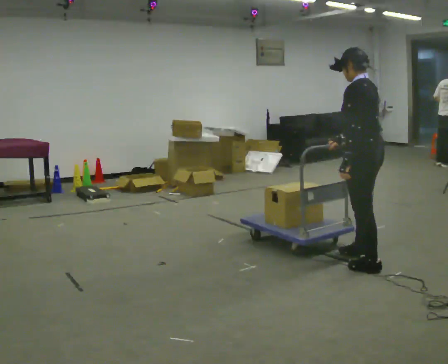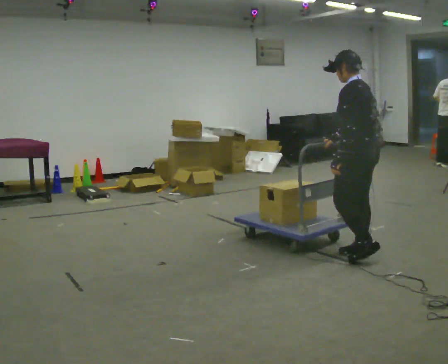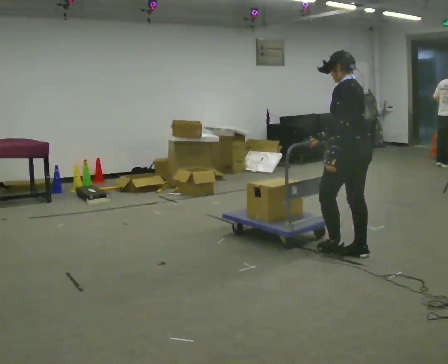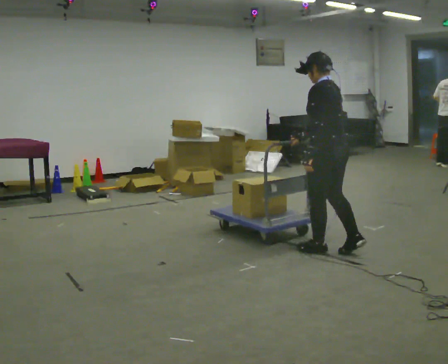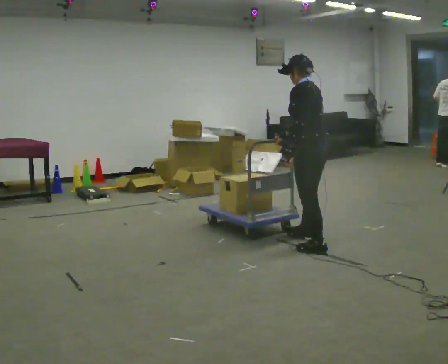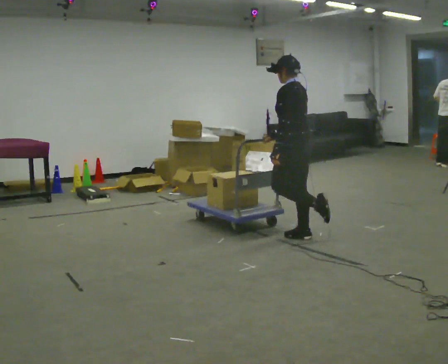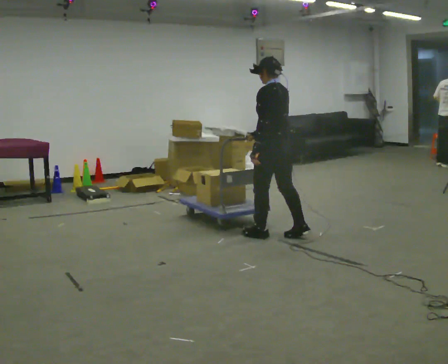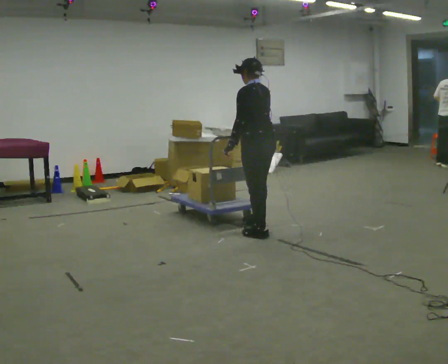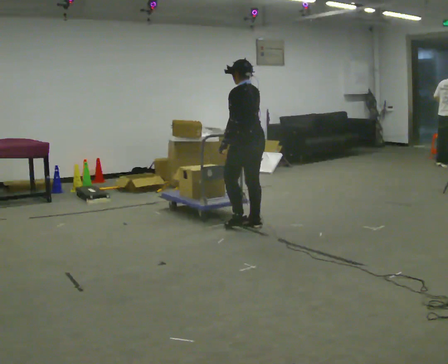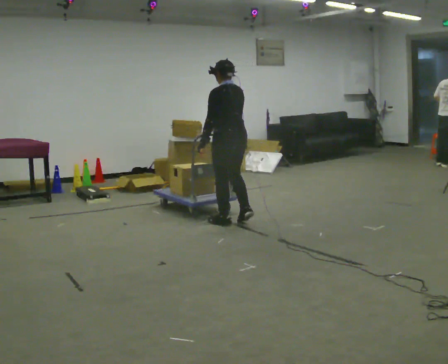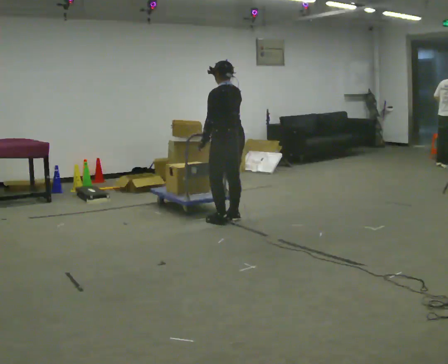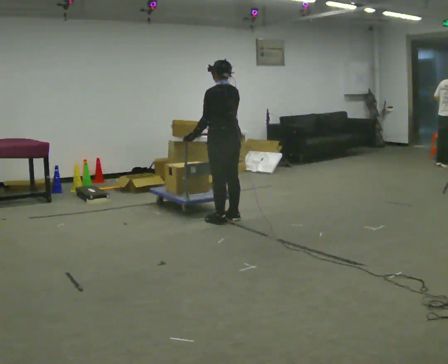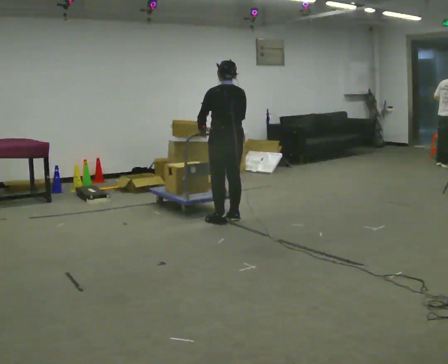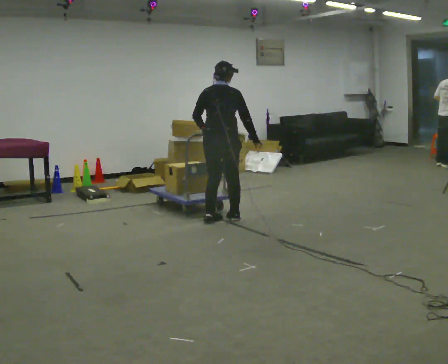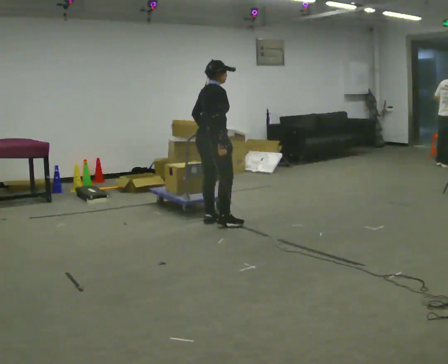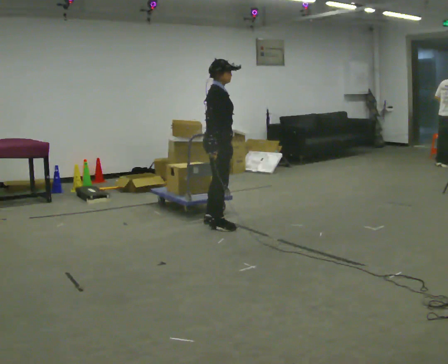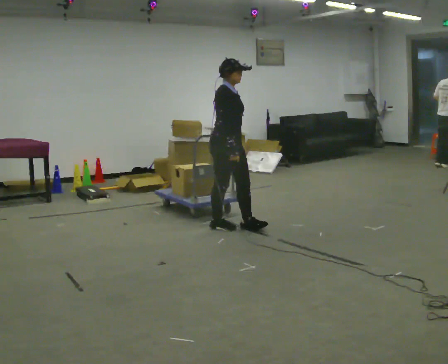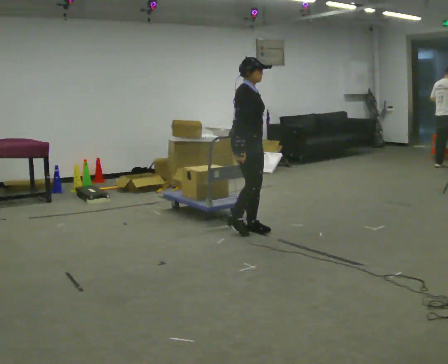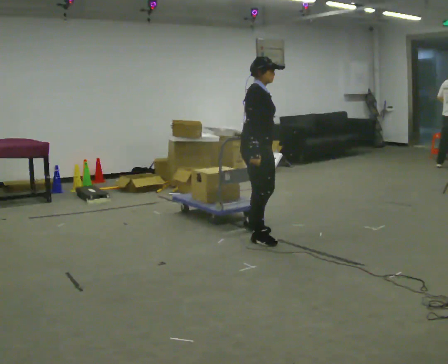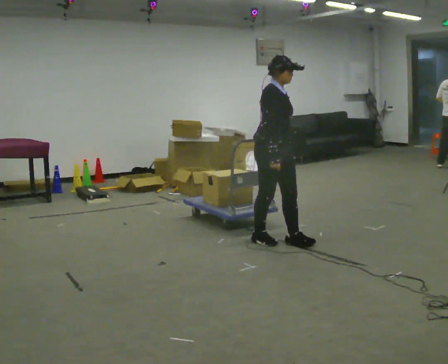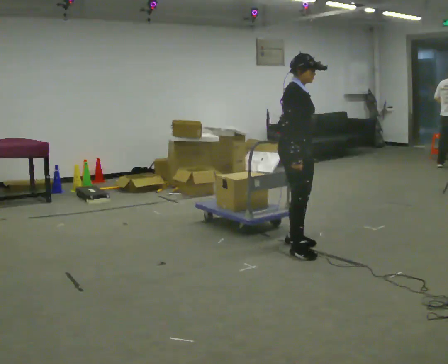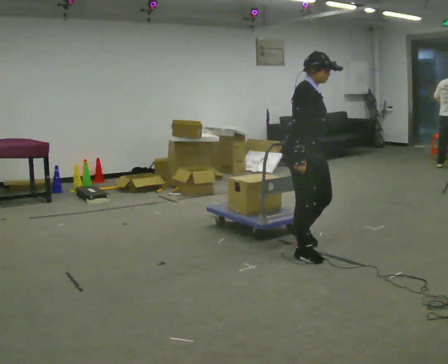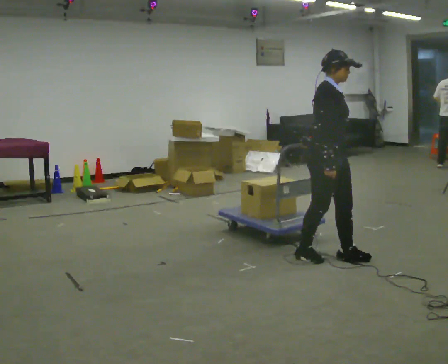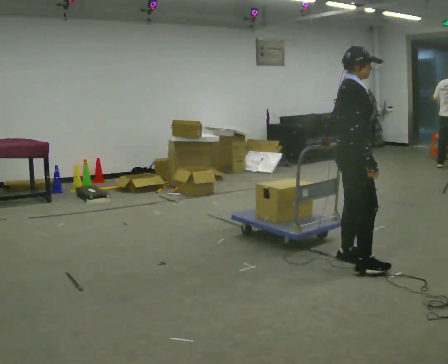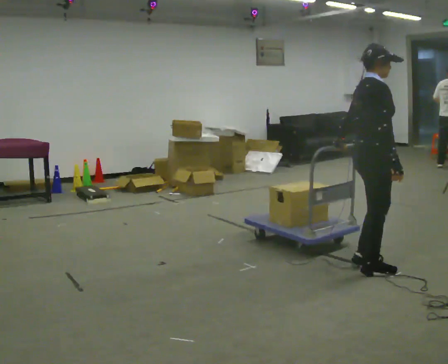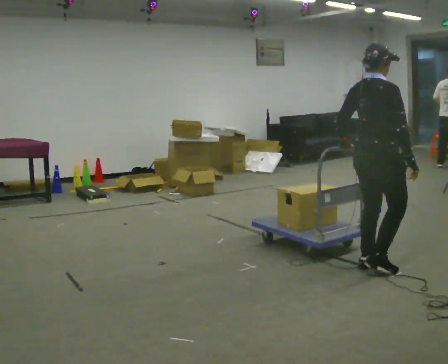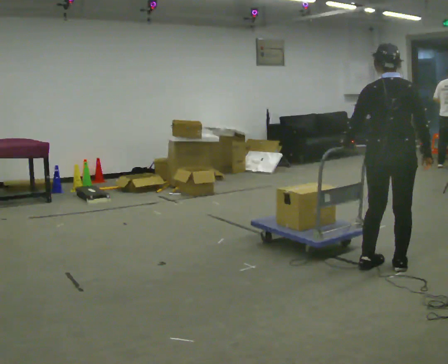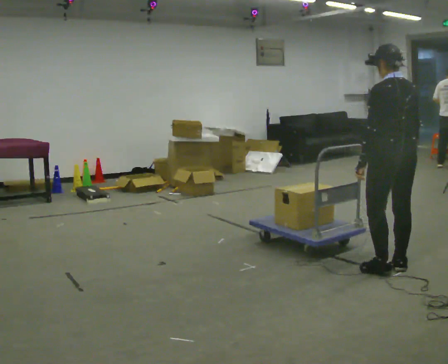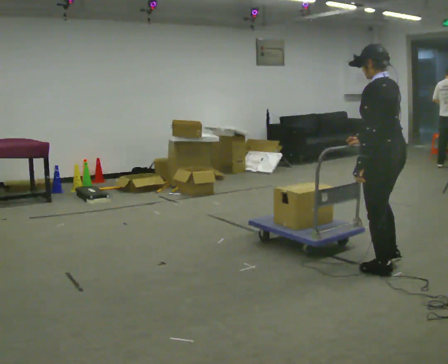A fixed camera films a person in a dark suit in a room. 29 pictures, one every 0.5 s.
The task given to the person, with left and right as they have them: Push the cart across the room using only the hand the operator calls. Keep your other arm at your side.
0.0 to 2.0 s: In the picture they go away from the camera and to the left, about 0.5 m in 1 step, which for them is forward.
2.0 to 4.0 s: In the picture they go away from the camera and to the left, about 1 m in 3 steps, which for them is forward.
4.0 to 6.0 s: The person turns about 30 degrees to their right, clockwise seen from above, so the part of the body nearest the lens slides to the left. In the picture they go away from the camera and to the left, about 0.25 m in 2 steps, which for them is forward.
6.0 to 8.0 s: The part of the body nearest the lens slides to the left as the person turns to their right by about 135 degrees. In the picture they go toward the camera, about 0.25 m in 1 step.
8.0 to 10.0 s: In the picture they go to the right and toward the camera, about 1 m in 3 steps, which for them is forward.
10.0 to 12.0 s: Seen from above the body turns counterclockwise, about 30 degrees: to their left, with its near side sliding to the right. In the picture they go toward the camera and to the right, about 1 m in 3 steps, which for them is forward and to their right.
12.0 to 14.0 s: The part of the body nearest the lens slides to the right as the person turns to their left by about 135 degrees.
The film runs forward here.
